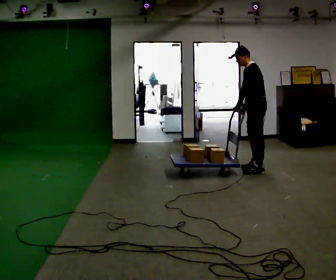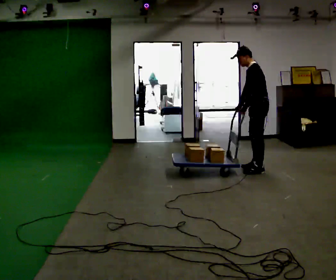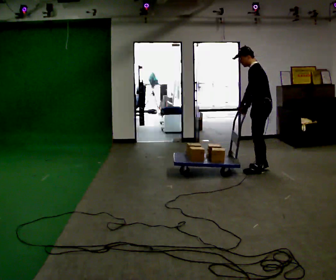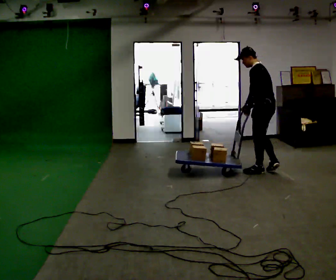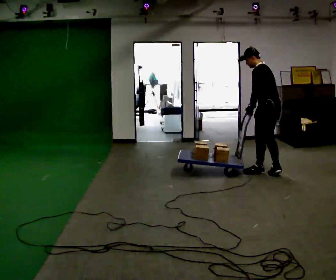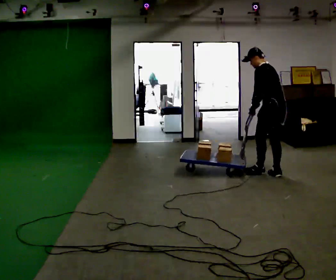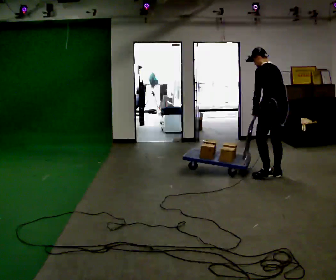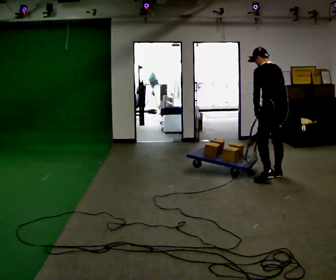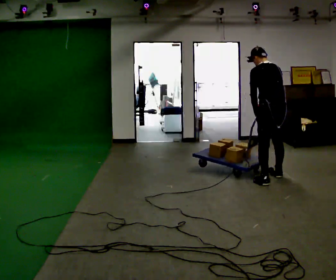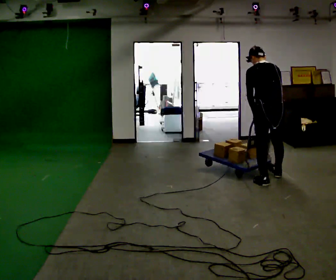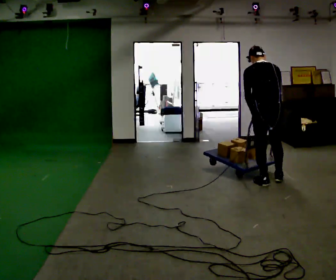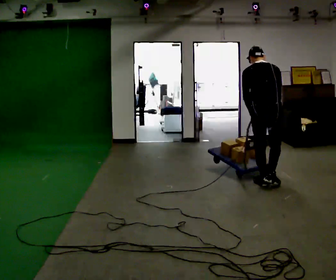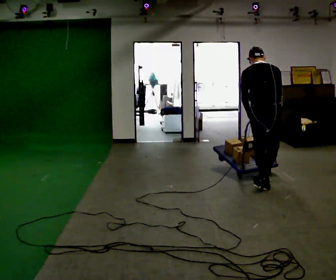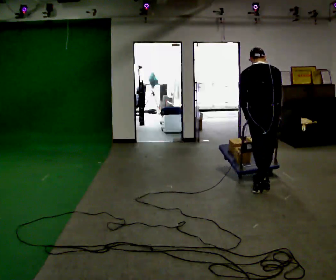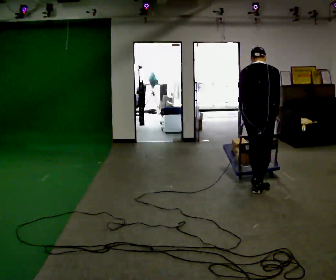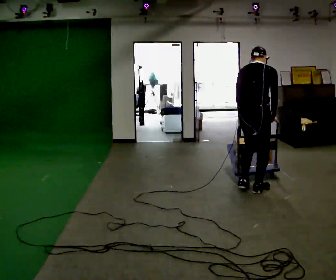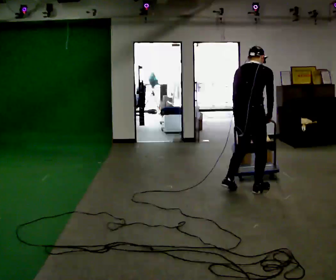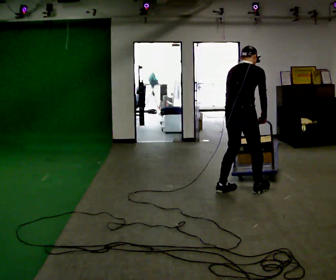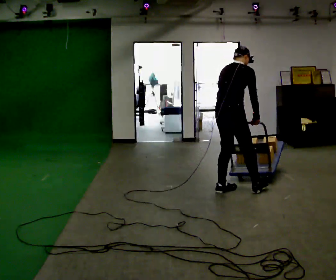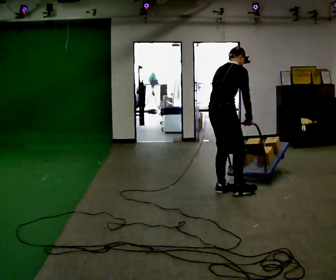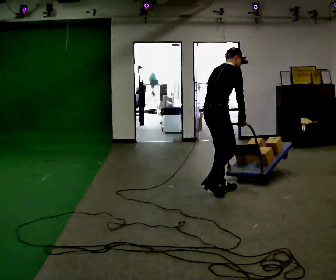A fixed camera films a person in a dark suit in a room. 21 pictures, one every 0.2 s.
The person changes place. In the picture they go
toward the camera.
The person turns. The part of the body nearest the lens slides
to the left.
0.0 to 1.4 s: Seen from above the body turns clockwise, about 60 degrees: to their right, with its near side sliding to the left. In the picture they go toward the camera and to the right, about 0.5 m in 2 steps, which for them is backward and to their left.
1.4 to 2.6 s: Seen from above the body turns clockwise, about 45 degrees: to their right, with its near side sliding to the left. In the picture they go toward the camera and to the left, about 0.5 m in 1 step, which for them is backward and to their left.
2.6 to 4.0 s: The person turns about 45 degrees to their right, clockwise seen from above, so the part of the body nearest the lens slides to the left. In the picture they go to the left, about 0.5 m in 2 steps, which for them is to their left and backward. In the picture the upper body tilts clockwise, shoulders to the right.
The film runs backward here.
